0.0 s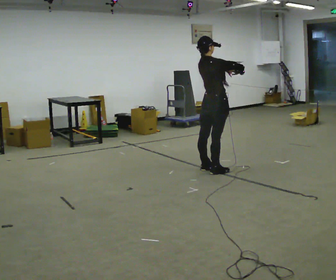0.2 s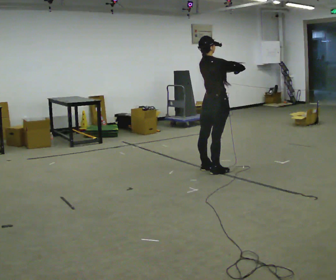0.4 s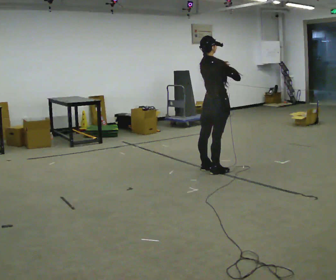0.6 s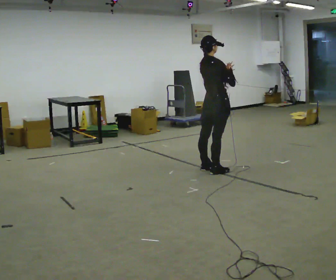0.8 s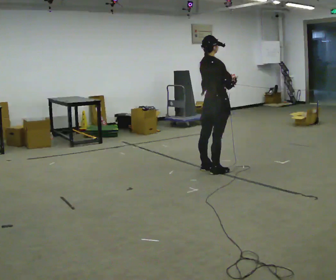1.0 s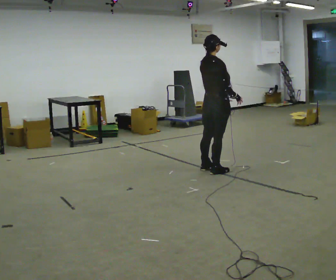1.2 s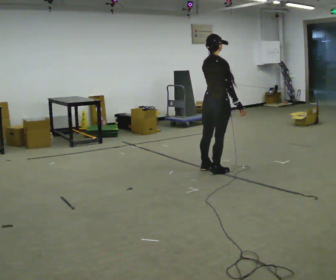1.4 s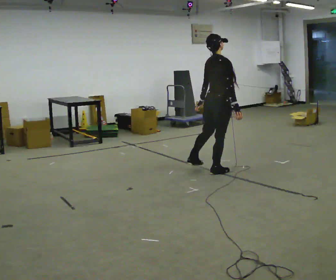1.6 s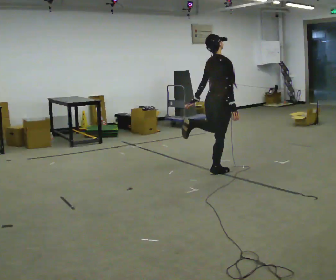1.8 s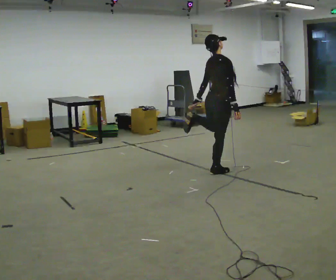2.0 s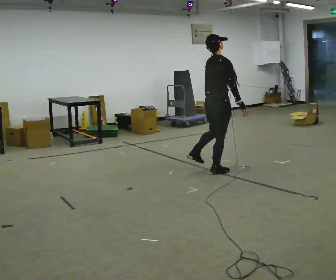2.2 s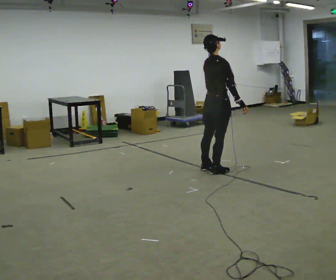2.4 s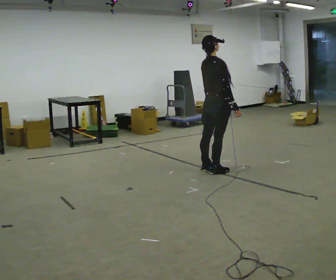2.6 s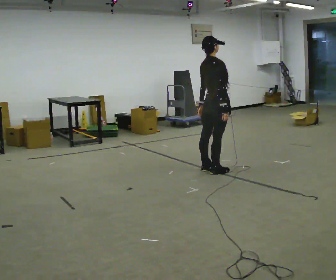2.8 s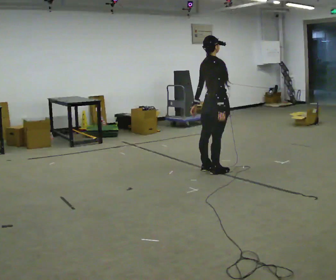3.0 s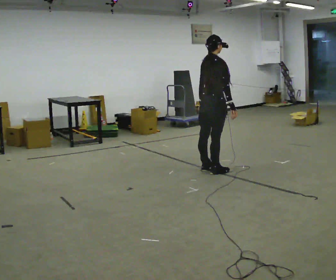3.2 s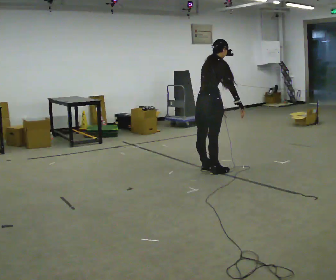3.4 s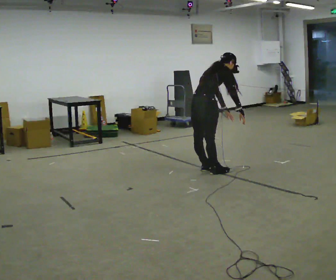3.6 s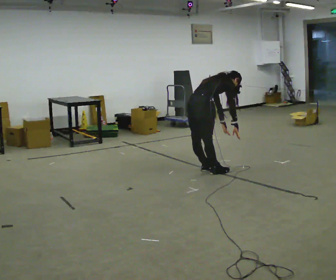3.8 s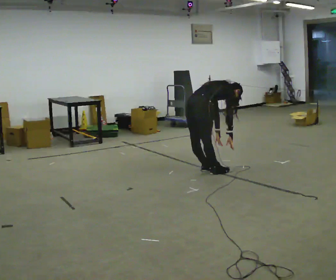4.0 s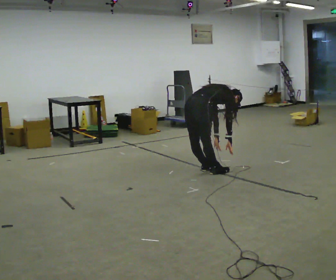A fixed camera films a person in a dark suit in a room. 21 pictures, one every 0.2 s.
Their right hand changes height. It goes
downward.
The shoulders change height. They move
downward.
0.0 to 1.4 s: In the picture their right hand goes downward.
1.4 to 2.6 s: The person moves a little, or ends about where they began.
2.6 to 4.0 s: In the picture they go to the left, about 0.25 m, which for them is backward. The shoulders move downward. In the picture the upper body tilts clockwise, shoulders to the right, as they bend forward. In the picture their left hand goes downward.
The film runs backward here.
